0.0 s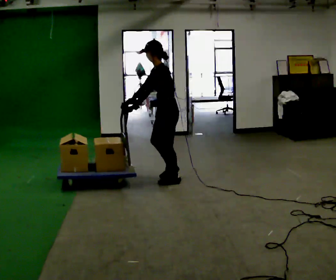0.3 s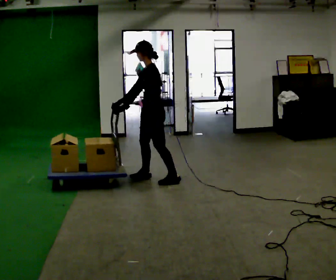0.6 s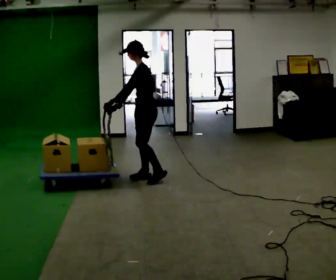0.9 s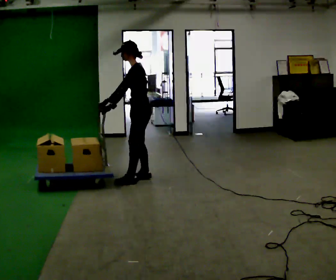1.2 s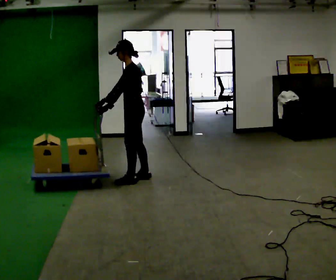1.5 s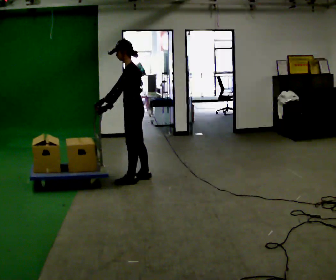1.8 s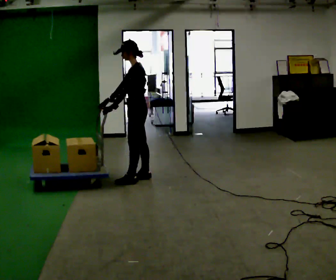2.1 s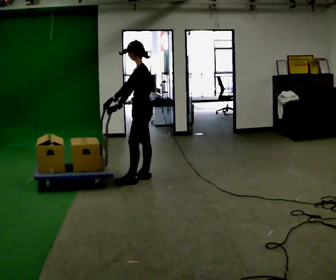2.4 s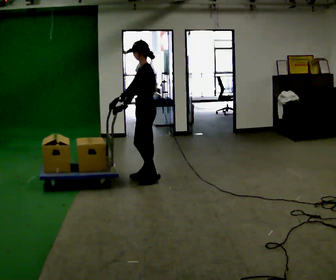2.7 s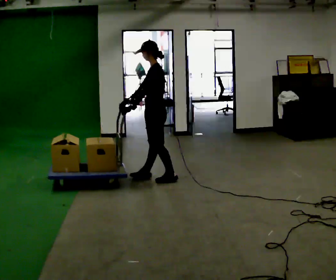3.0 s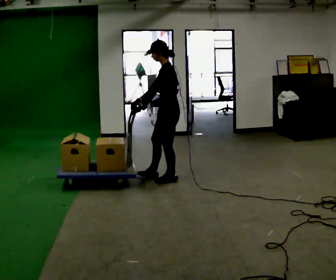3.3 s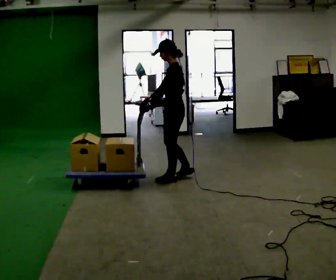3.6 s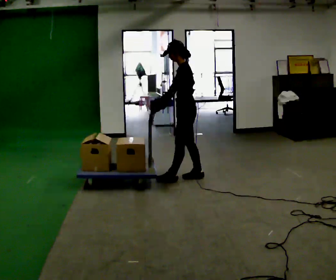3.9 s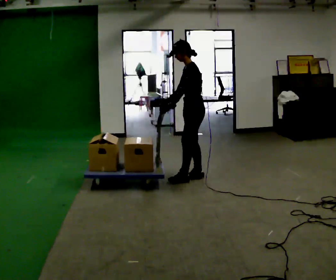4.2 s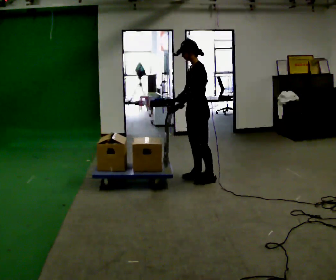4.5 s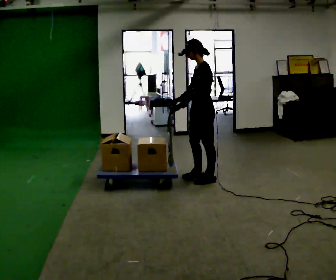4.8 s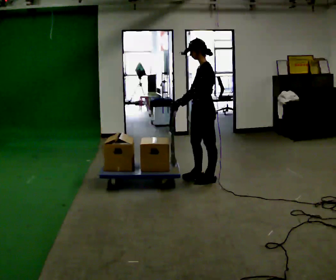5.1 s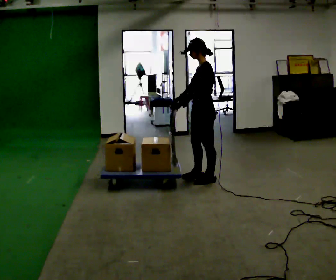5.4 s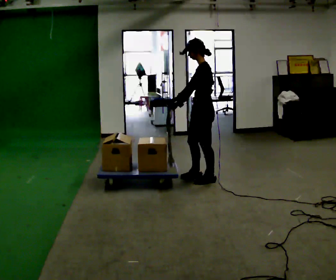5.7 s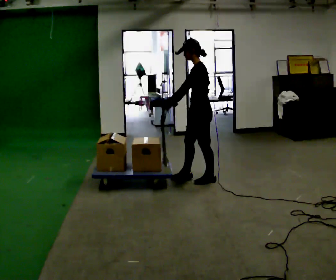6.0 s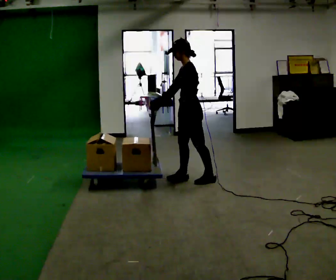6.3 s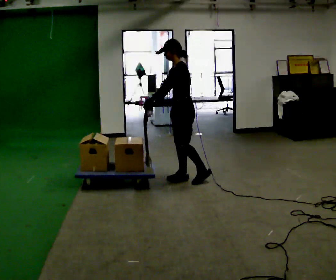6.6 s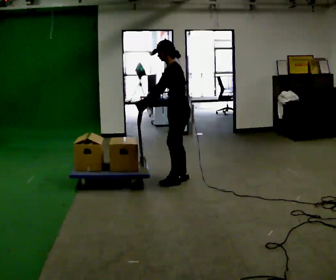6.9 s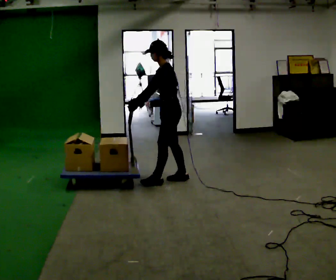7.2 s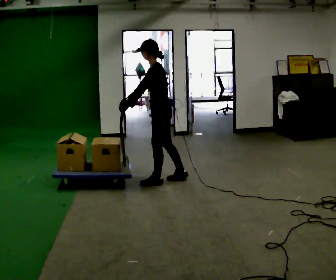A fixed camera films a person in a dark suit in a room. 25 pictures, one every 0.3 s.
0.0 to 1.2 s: In the picture they go to the left, about 0.25 m in 2 steps, which for them is forward.
1.2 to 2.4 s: The person moves a little, or ends about where they began.
2.4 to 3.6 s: In the picture they go to the right, about 0.5 m in 2 steps, which for them is backward.
3.6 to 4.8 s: In the picture they go to the right, about 0.25 m in 1 step, which for them is backward and to their left.
4.8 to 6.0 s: In the picture they go to the left, about 0.25 m in 1 step, which for them is forward.
6.0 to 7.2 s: In the picture they go to the left, about 0.25 m in 1 step, which for them is forward.
The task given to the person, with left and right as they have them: Get the cart into the marked parking space and lined up with the tape. Take as many adjustments as you need. Then take it out again and repeat.
The film runs forward here.
